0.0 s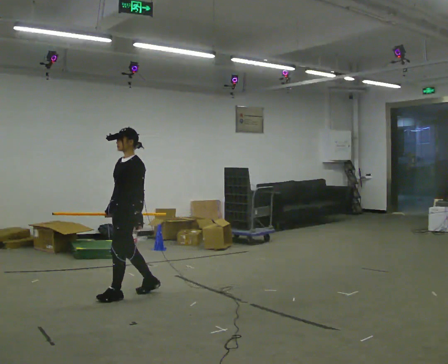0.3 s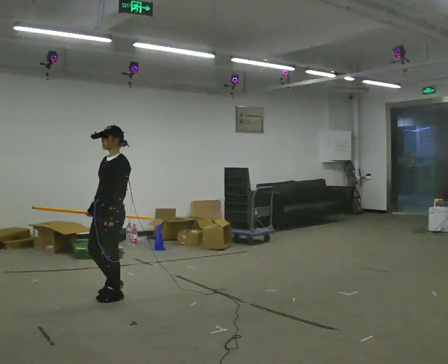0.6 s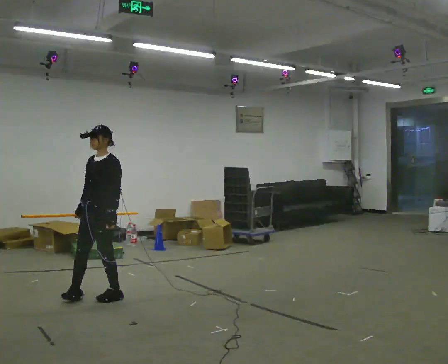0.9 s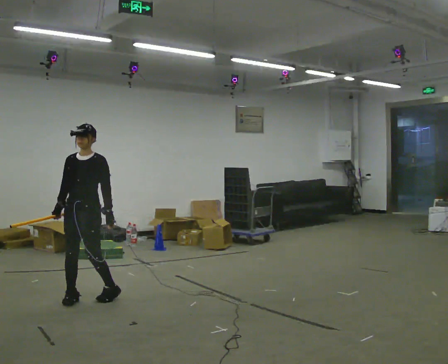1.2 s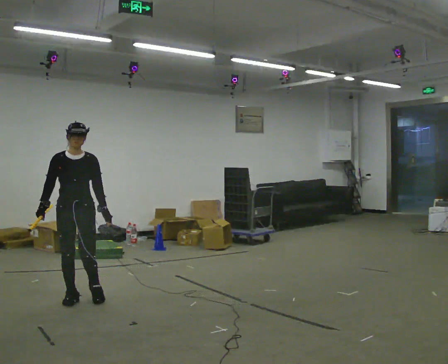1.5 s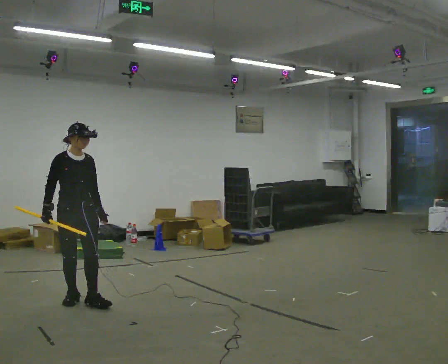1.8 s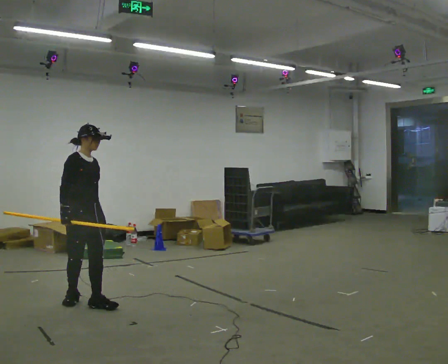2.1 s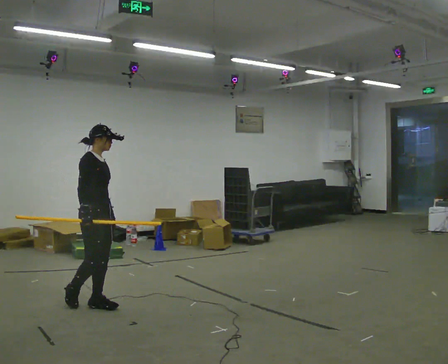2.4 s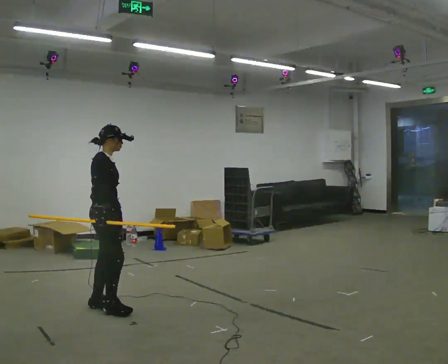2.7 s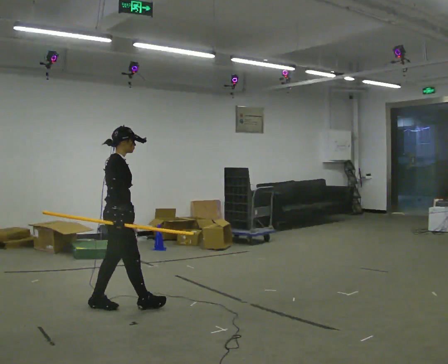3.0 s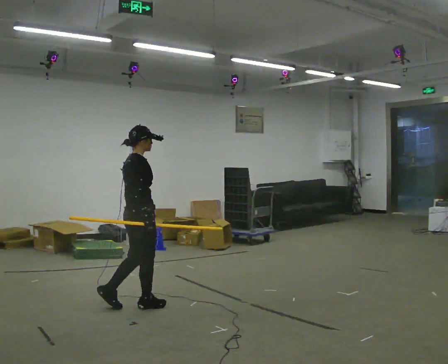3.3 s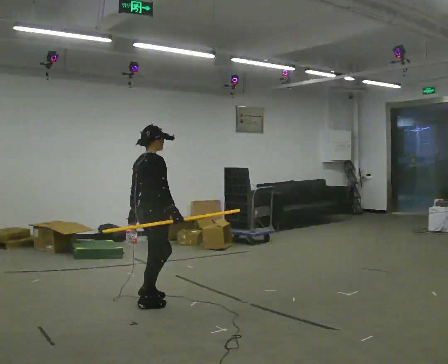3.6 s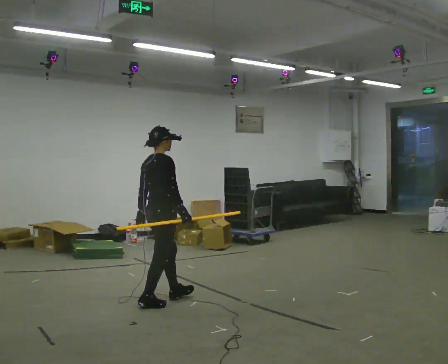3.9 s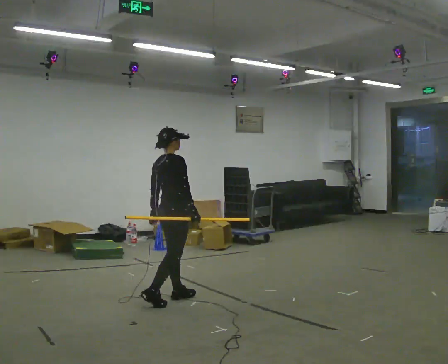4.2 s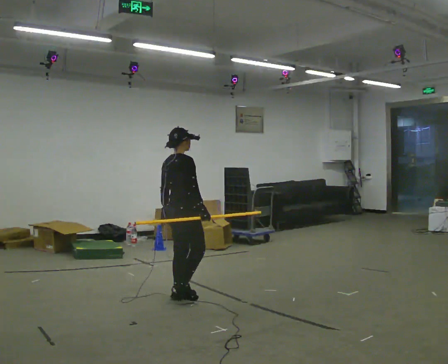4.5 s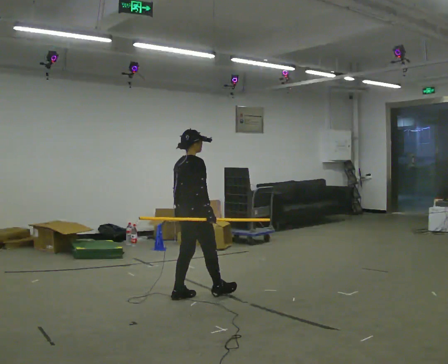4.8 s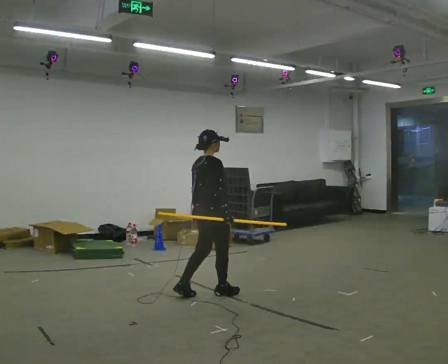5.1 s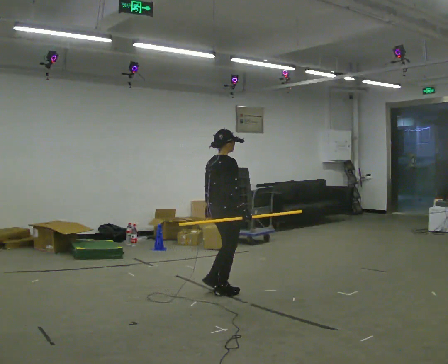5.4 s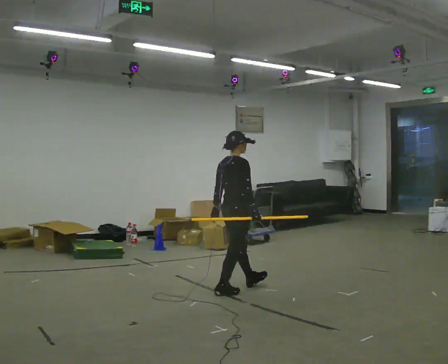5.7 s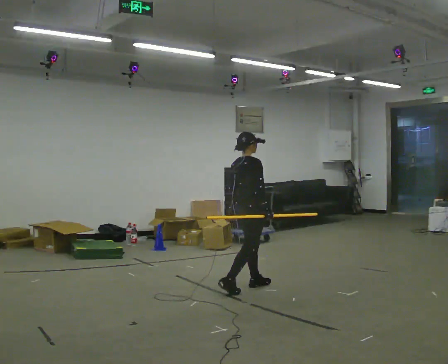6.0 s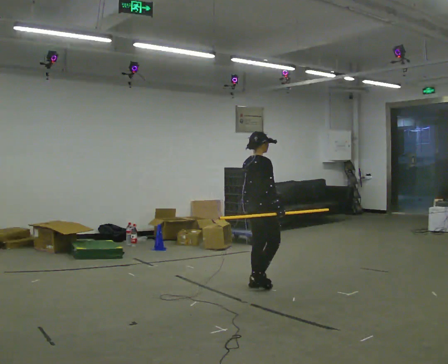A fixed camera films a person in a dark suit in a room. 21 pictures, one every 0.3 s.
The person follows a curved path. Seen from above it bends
counterclockwise.
The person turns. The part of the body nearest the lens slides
to the right.
0.0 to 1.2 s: The part of the body nearest the lens slides to the right as the person turns to their left by about 75 degrees. In the picture they go to the left and toward the camera, about 0.5 m in 1 step.
1.2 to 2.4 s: The person turns about 75 degrees to their left, counterclockwise seen from above, so the part of the body nearest the lens slides to the right. In the picture they go to the right, about 0.25 m in 1 step.
2.4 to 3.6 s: Seen from above the body turns counterclockwise, about 30 degrees: to their left, with its near side sliding to the right. In the picture they go to the right, about 0.5 m in 2 steps, which for them is forward.
3.6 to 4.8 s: In the picture they go to the right and away from the camera, about 0.5 m in 1 step, which for them is forward.
4.8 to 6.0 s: In the picture they go to the right and away from the camera, about 0.5 m in 1 step, which for them is forward.
The film runs forward here.
